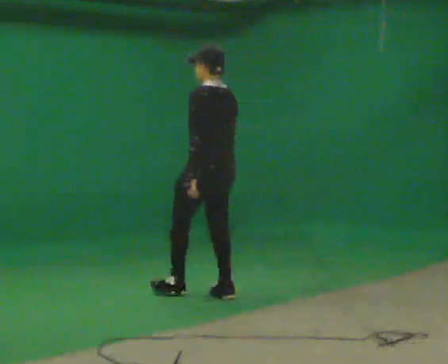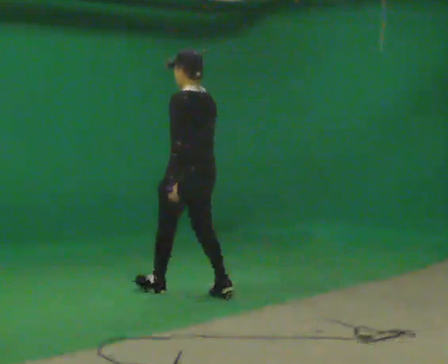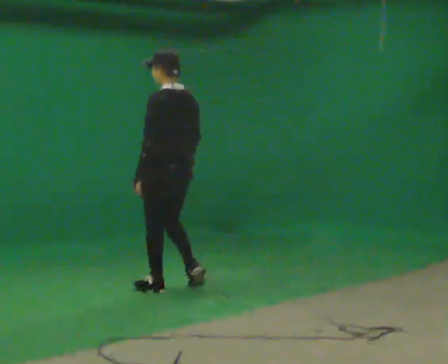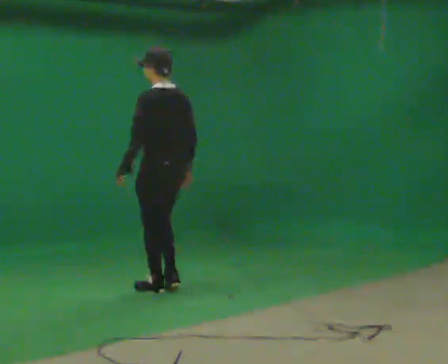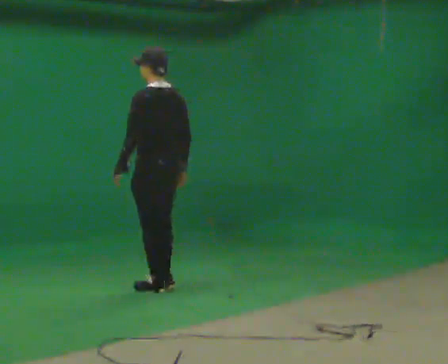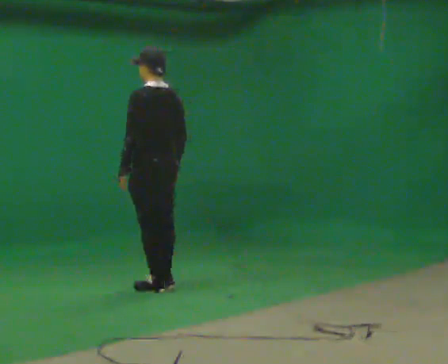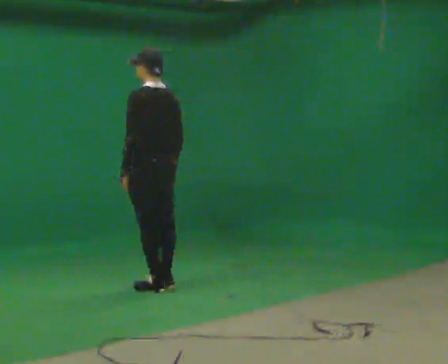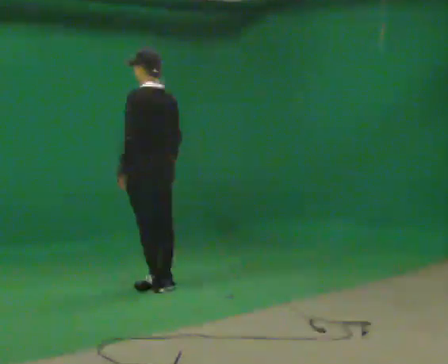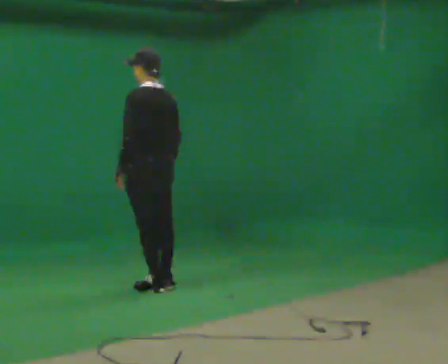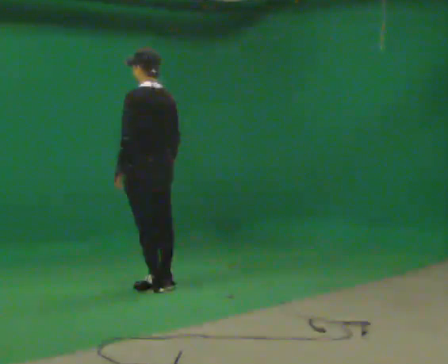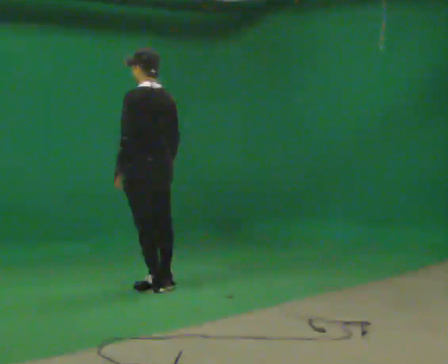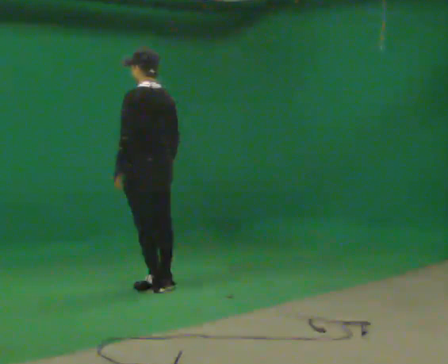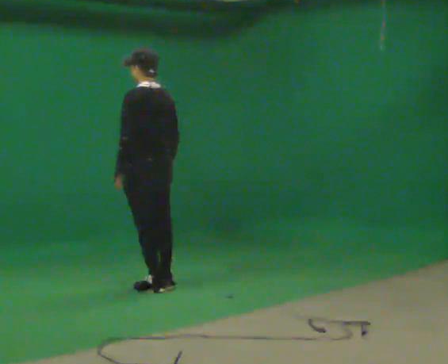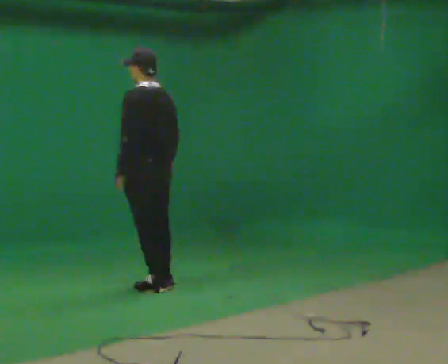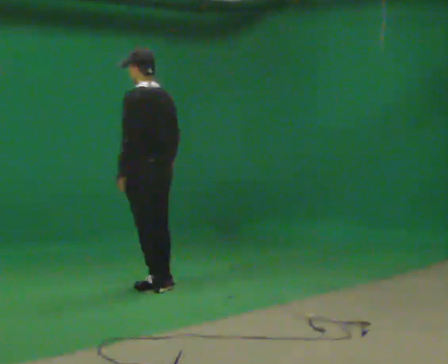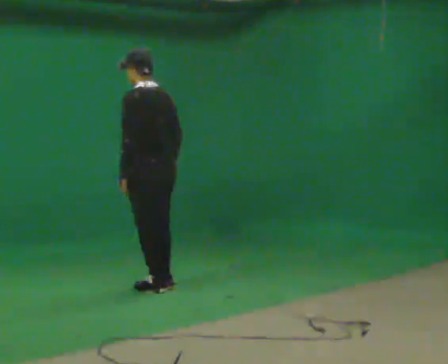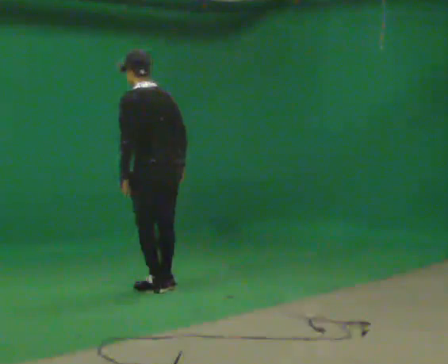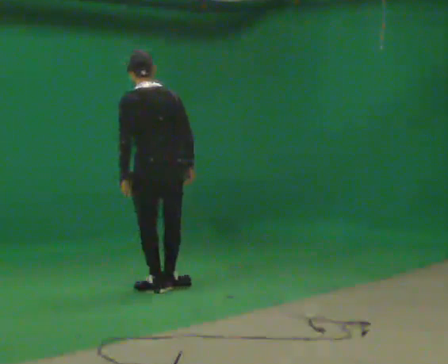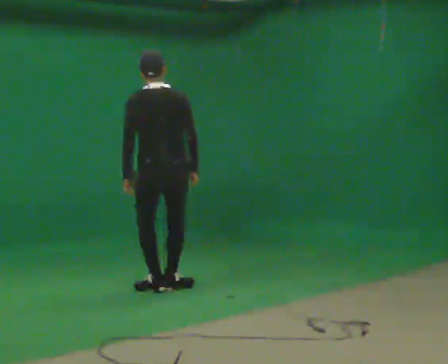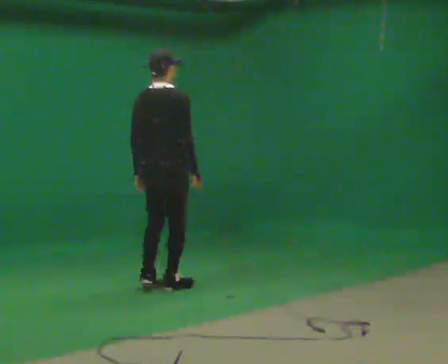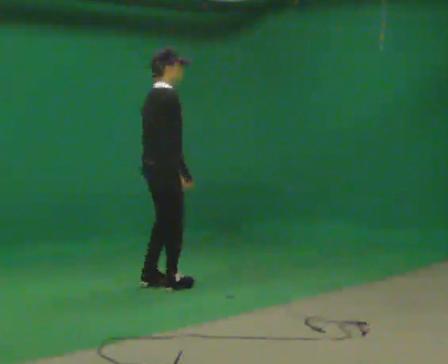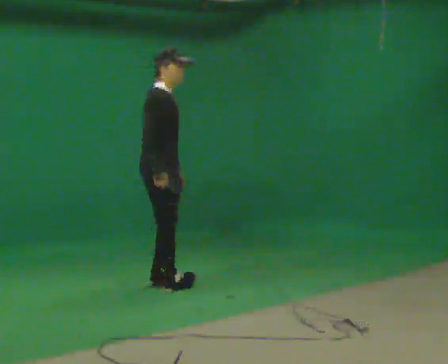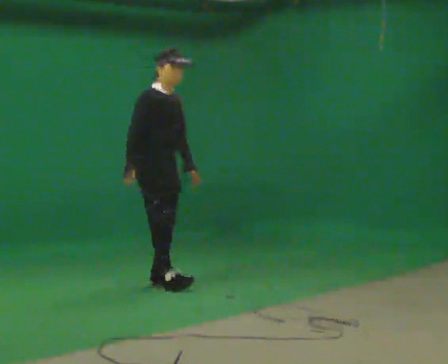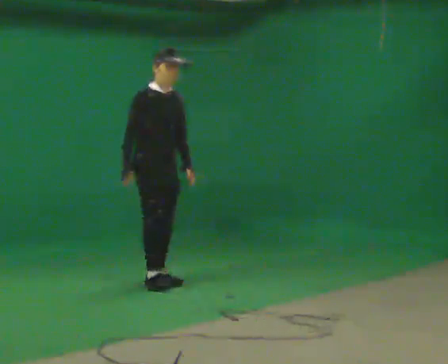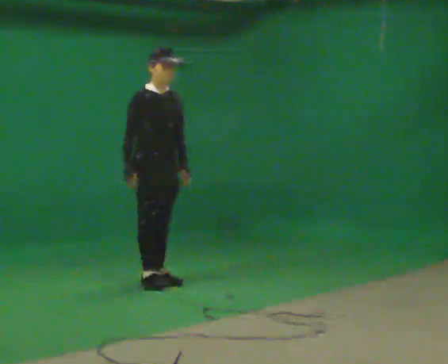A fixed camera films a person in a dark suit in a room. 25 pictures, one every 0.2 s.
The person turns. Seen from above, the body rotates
clockwise.
The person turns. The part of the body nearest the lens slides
to the left.
0.0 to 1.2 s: In the picture they go to the left and away from the camera, about 0.5 m in 2 steps, which for them is forward.
1.2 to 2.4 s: The person moves a little, or ends about where they began.
2.4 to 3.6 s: The part of the body nearest the lens slides to the left as the person turns to their right by about 45 degrees.
3.6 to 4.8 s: The person turns about 135 degrees to their right, clockwise seen from above, so the part of the body nearest the lens slides to the left. In the picture they go away from the camera, about 0.25 m in 2 steps. In the picture their right hand goes to the left.
The film runs forward here.
